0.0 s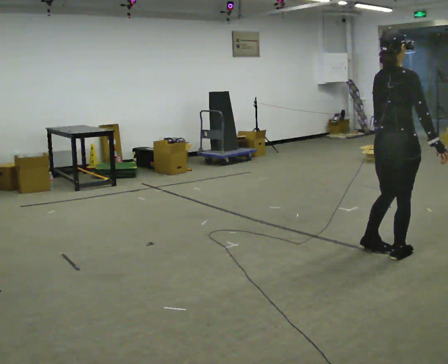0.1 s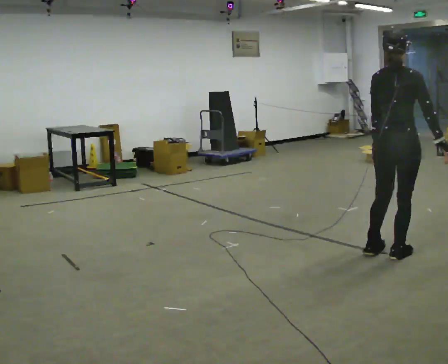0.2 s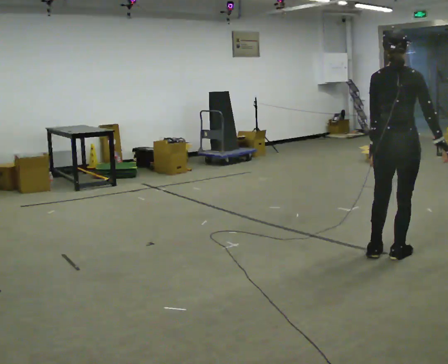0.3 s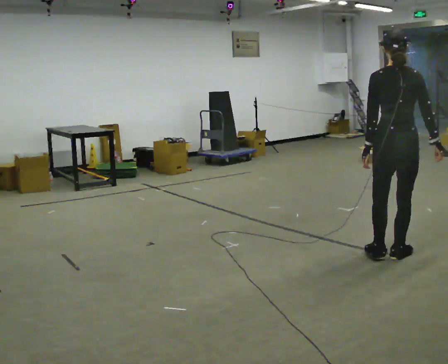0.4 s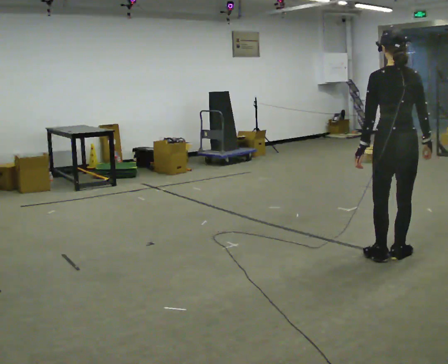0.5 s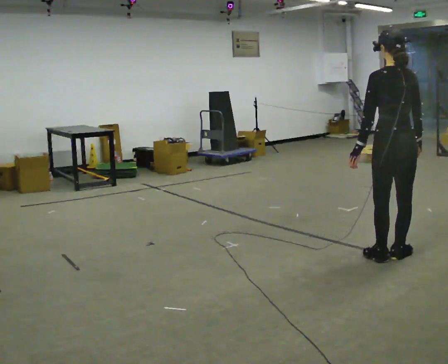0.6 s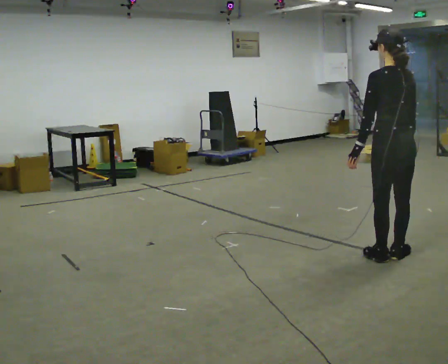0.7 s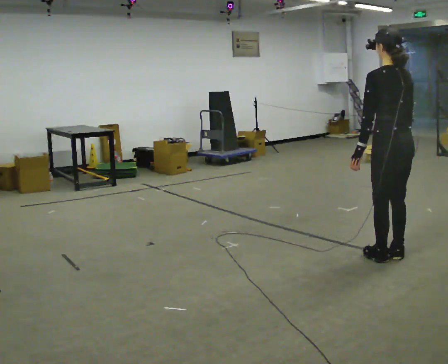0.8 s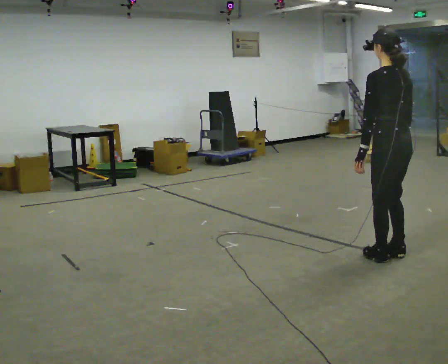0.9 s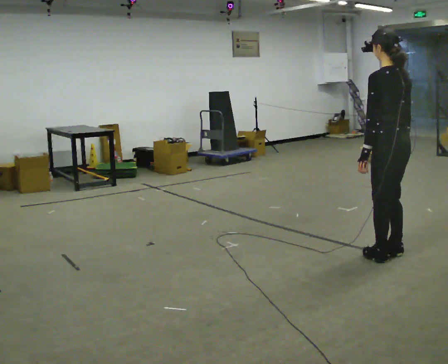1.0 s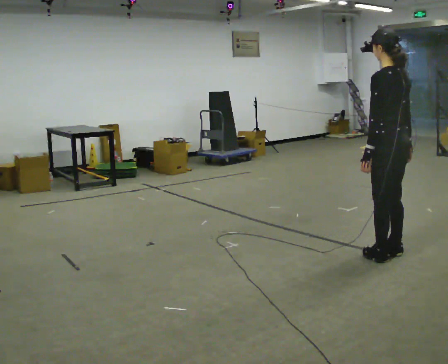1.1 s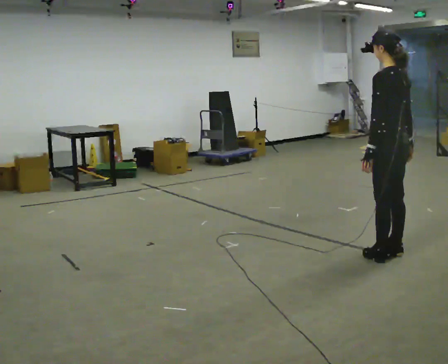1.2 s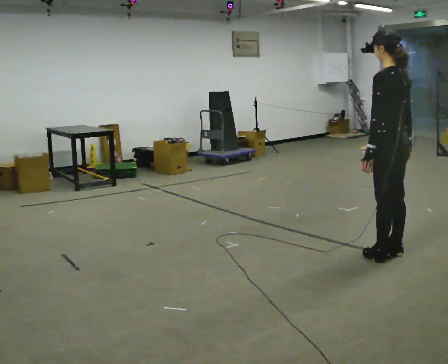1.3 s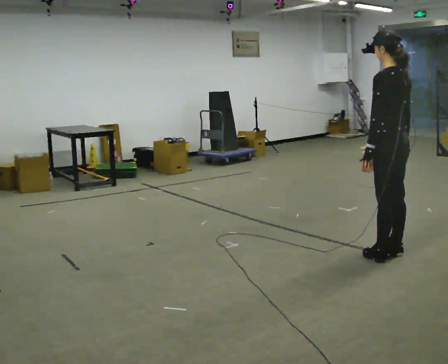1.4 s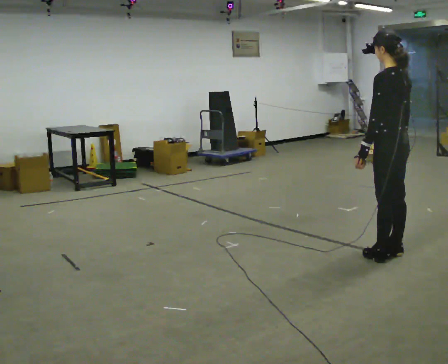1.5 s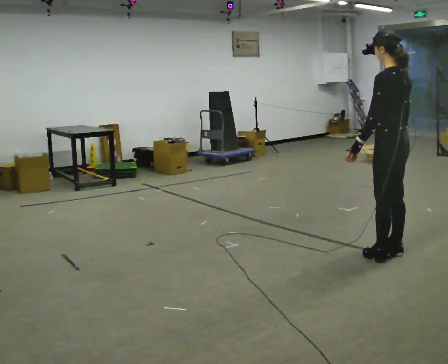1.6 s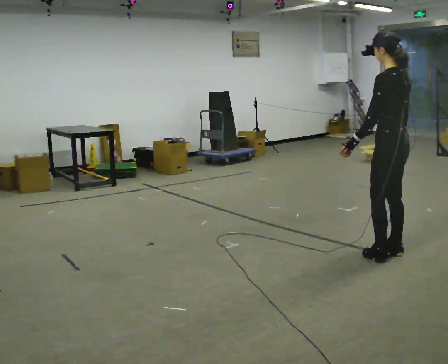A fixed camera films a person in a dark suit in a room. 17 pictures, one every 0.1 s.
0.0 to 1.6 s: The part of the body nearest the lens slides to the right as the person turns to their left by about 90 degrees.
The film runs forward here.
